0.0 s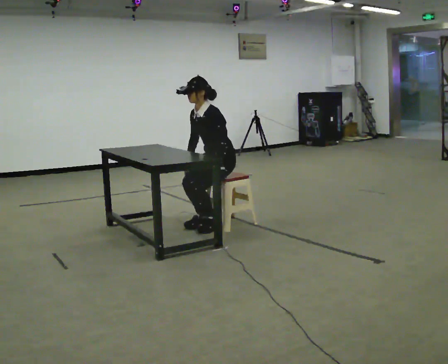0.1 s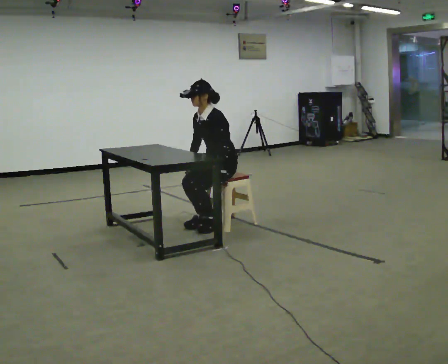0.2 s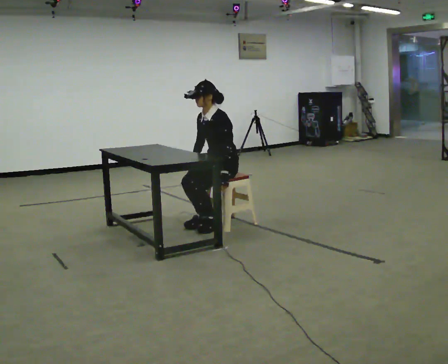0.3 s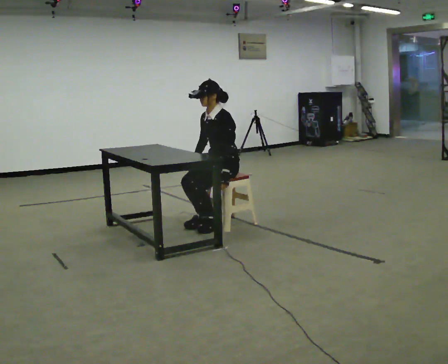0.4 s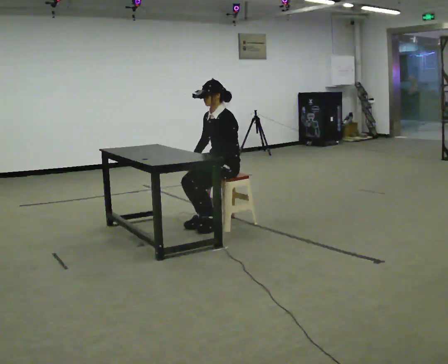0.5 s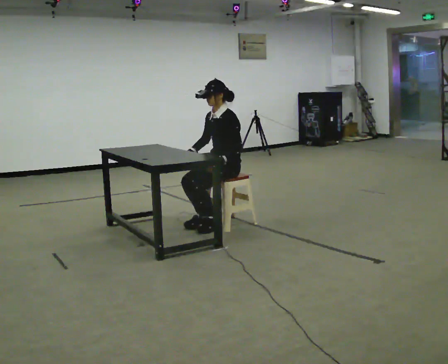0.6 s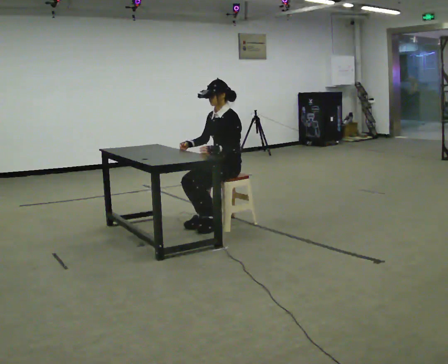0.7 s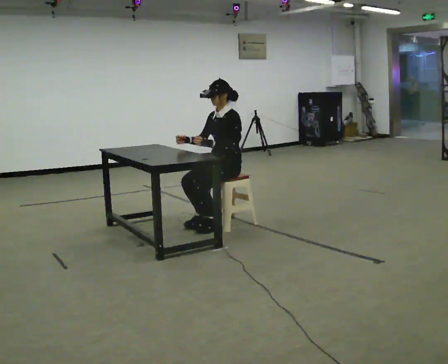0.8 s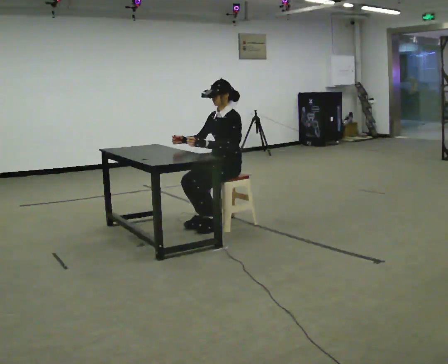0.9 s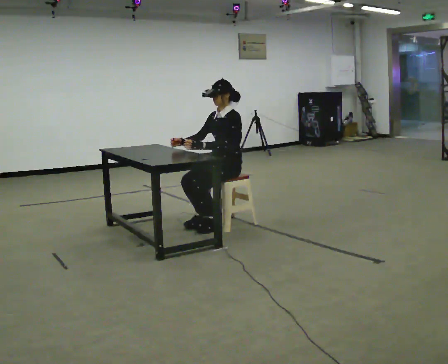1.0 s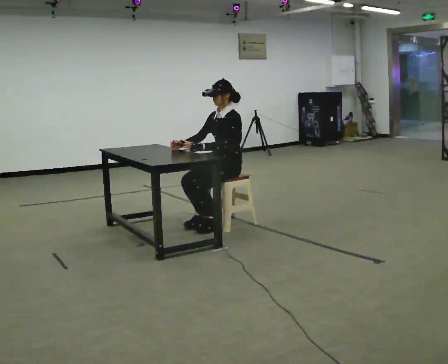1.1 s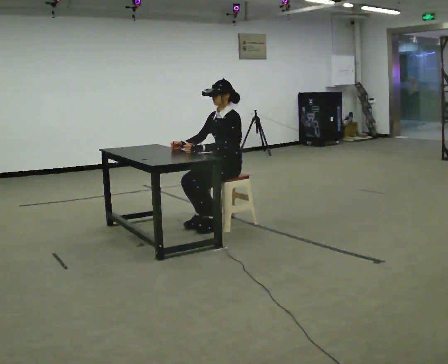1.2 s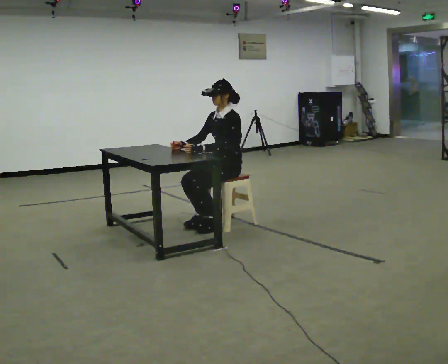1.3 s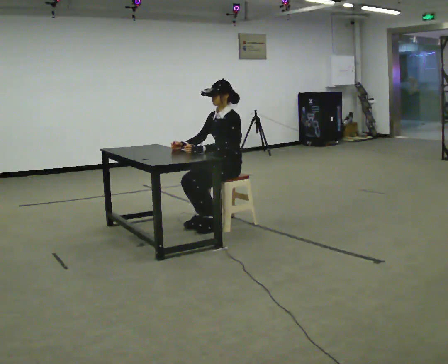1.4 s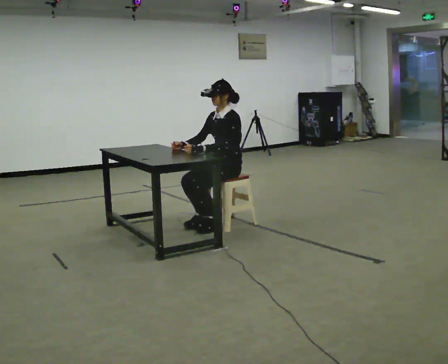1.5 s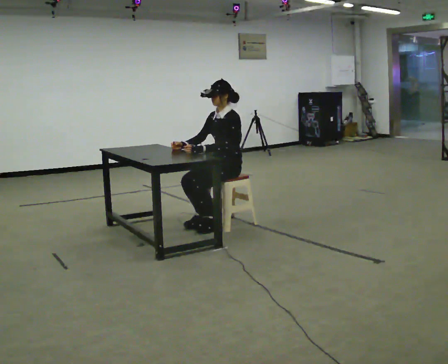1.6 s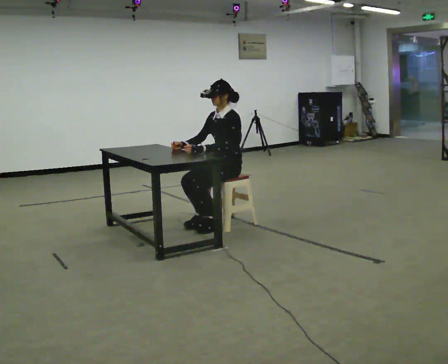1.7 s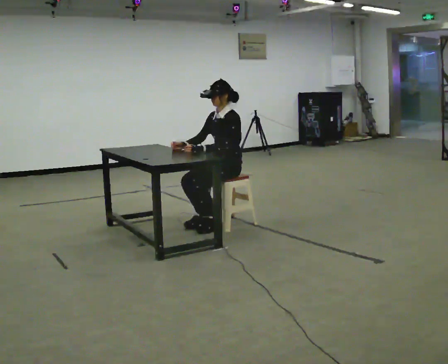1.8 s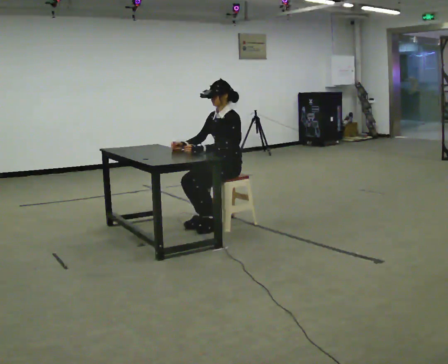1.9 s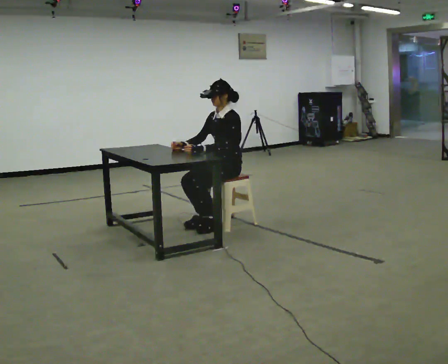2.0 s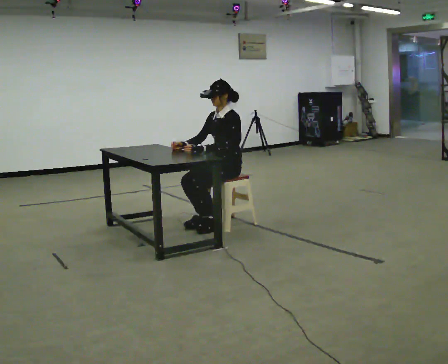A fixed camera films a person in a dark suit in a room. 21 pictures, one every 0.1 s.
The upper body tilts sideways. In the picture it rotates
clockwise.
0.0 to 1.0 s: In the picture the upper body tilts clockwise, shoulders to the right, as they lean back or straighten.
1.0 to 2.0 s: The person keeps their place and pose.
The film runs forward here.
